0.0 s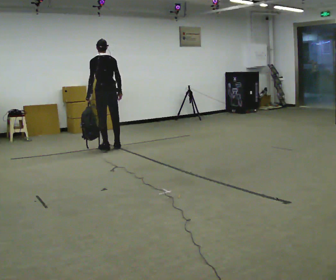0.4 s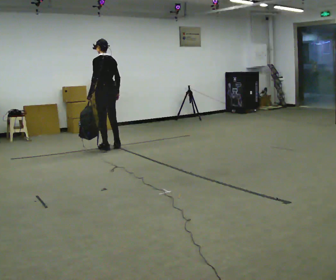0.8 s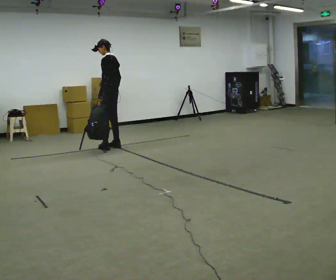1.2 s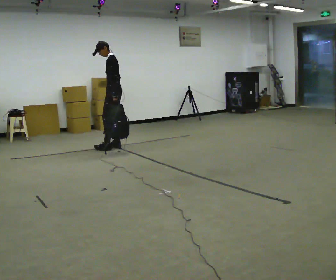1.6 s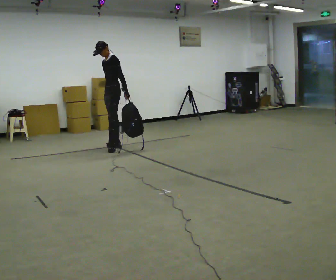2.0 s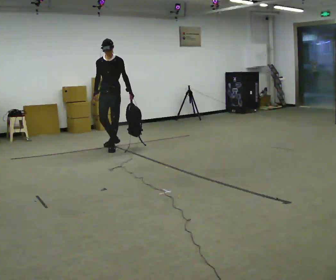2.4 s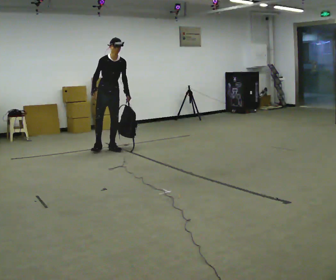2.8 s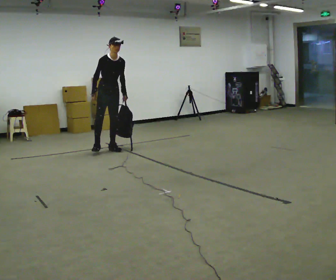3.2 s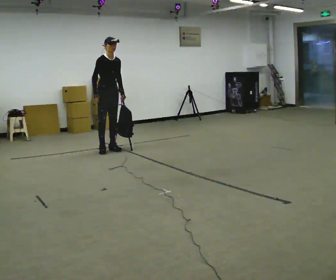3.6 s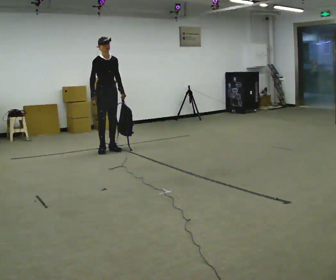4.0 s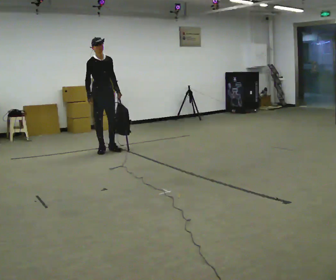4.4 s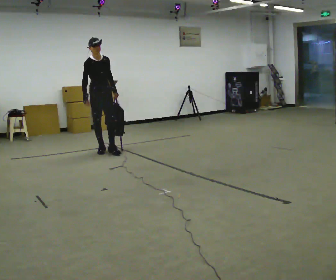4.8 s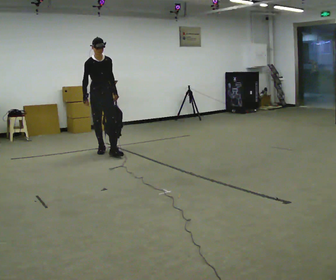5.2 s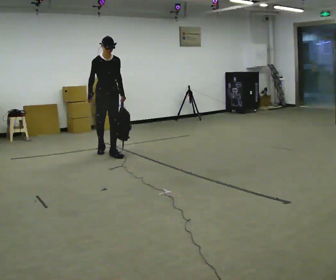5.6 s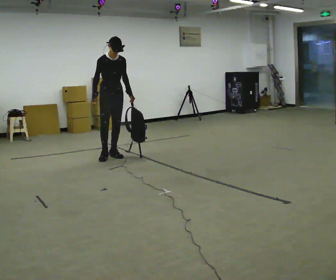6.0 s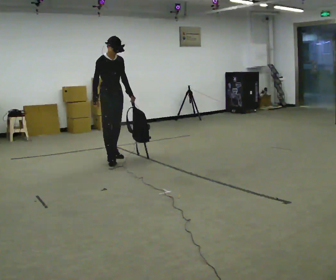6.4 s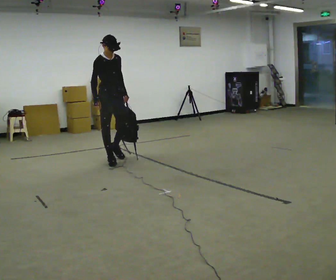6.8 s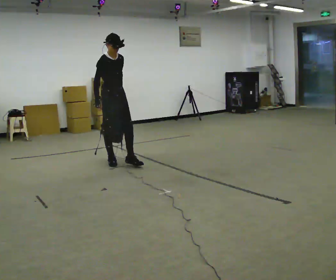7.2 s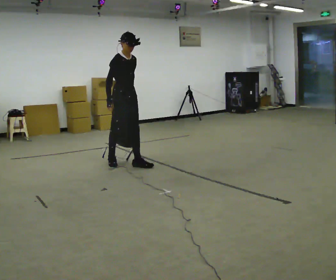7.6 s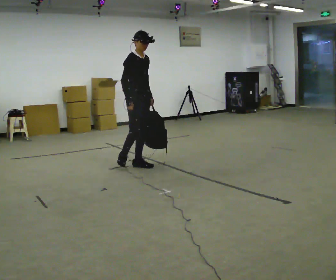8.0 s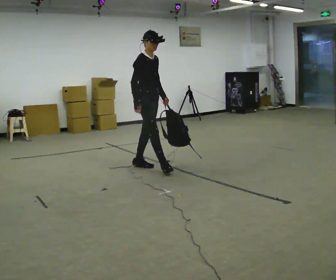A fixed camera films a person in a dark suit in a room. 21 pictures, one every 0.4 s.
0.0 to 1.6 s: The part of the body nearest the lens slides to the right as the person turns to their left by about 105 degrees. In the picture their left hand goes to the right, the arm swinging counterclockwise.
1.6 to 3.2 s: The part of the body nearest the lens slides to the right as the person turns to their left by about 105 degrees.
3.2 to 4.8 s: In the picture they go toward the camera, about 0.25 m in 1 step, which for them is to their right and forward.
4.8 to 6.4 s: In the picture they go toward the camera, about 0.5 m in 1 step, which for them is forward.
6.4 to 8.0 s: In the picture they go to the right and toward the camera, about 0.5 m in 1 step, which for them is forward.
The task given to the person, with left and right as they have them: Carry the soft bag across the room, back and forth. It will change shape as you move, so hold it however works.
The film runs forward here.
